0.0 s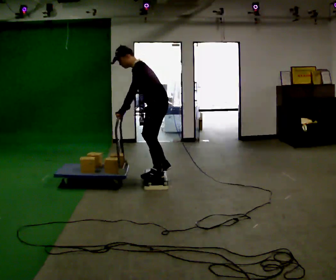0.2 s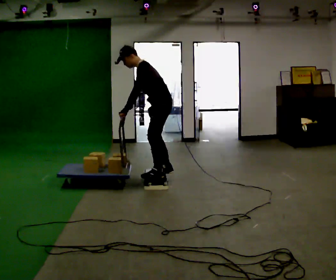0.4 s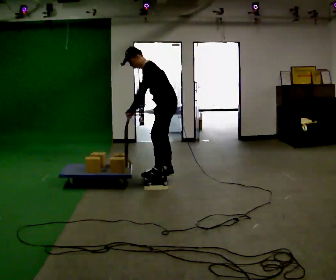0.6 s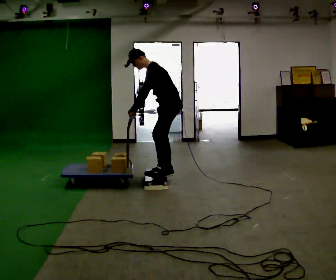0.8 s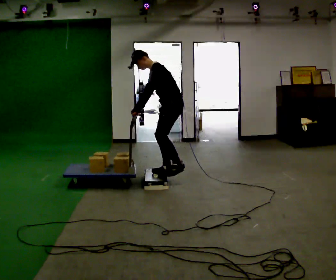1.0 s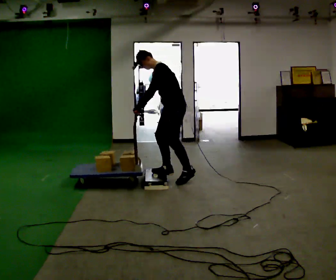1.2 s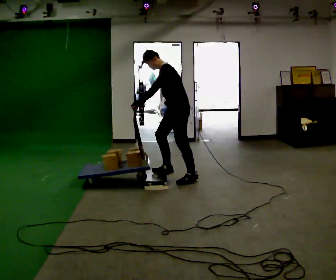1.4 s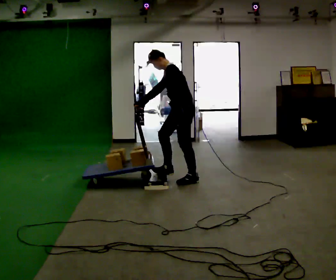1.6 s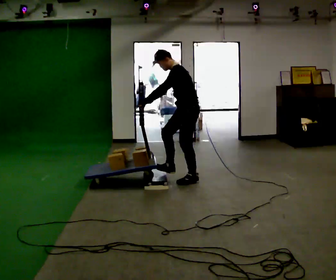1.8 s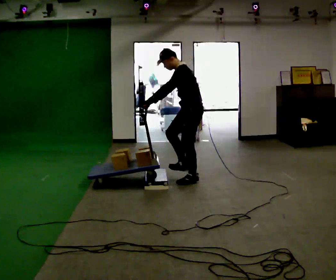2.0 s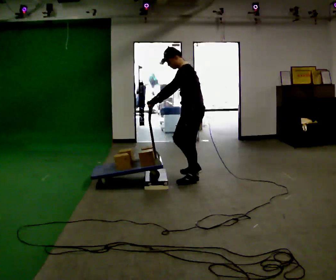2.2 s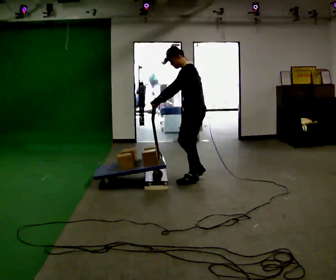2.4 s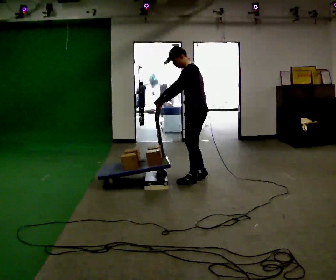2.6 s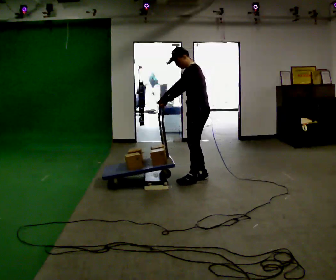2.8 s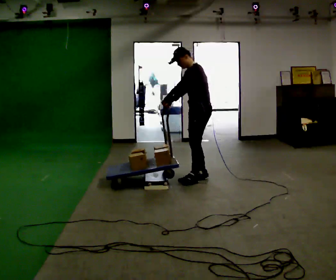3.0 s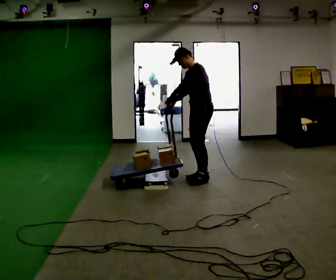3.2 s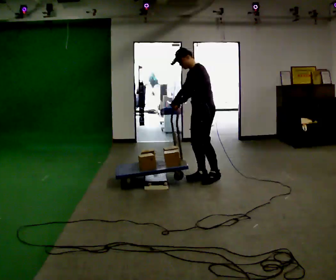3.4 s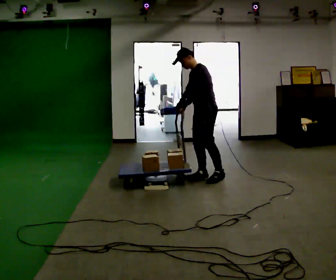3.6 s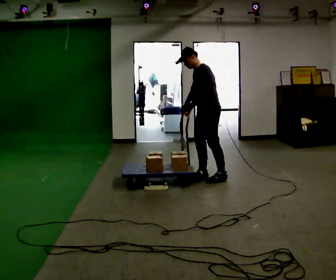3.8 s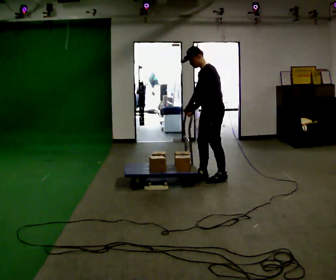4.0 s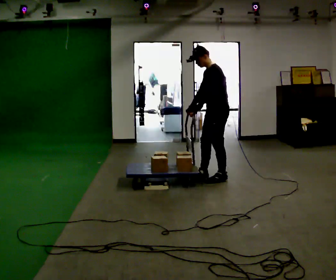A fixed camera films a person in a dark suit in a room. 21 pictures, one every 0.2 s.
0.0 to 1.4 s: In the picture they go to the right, about 0.25 m in 1 step, which for them is backward.
1.4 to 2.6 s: In the picture they go to the right, about 0.25 m in 1 step, which for them is backward.
2.6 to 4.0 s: In the picture they go to the right, about 0.25 m in 1 step, which for them is backward. In the picture their right hand goes to the right.
The film runs backward here.
